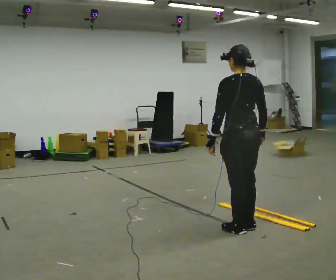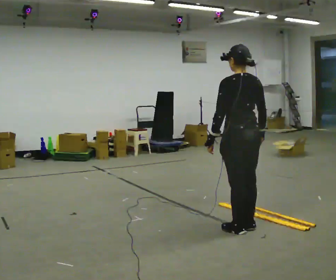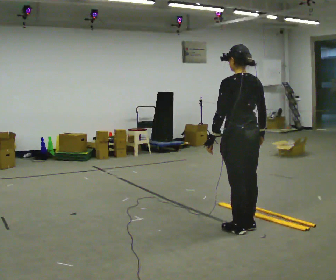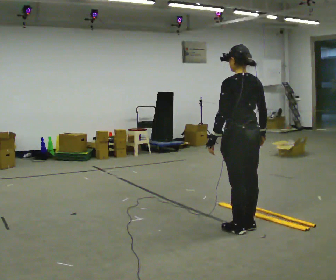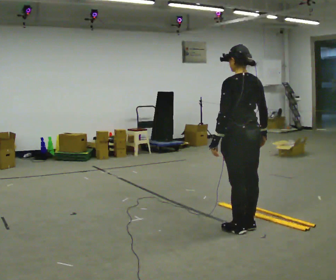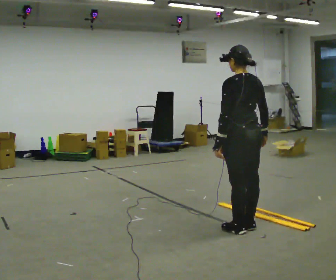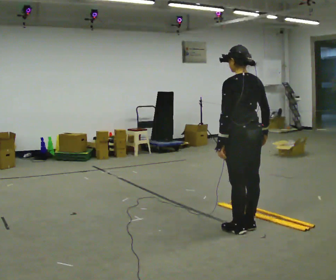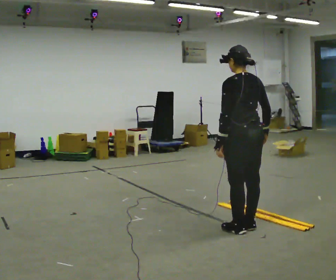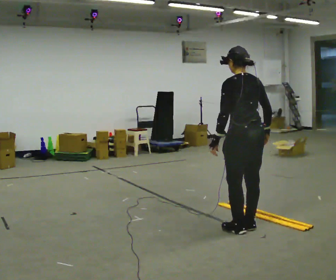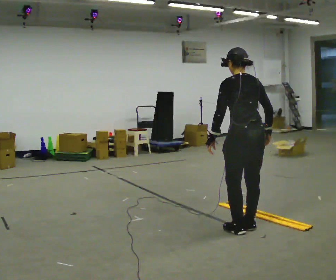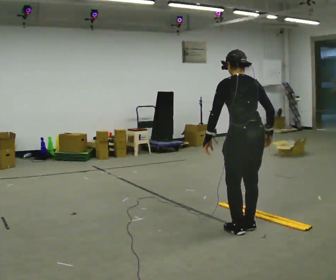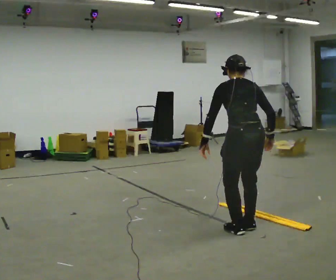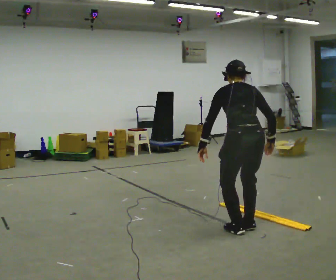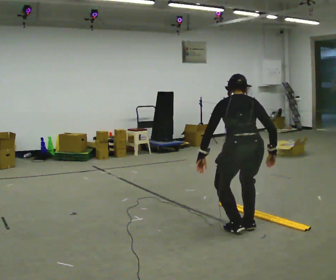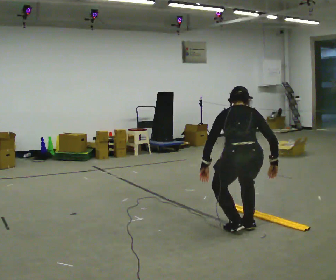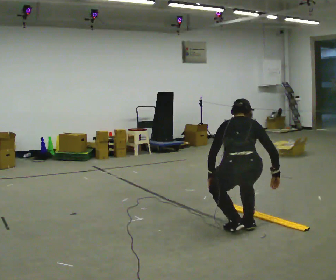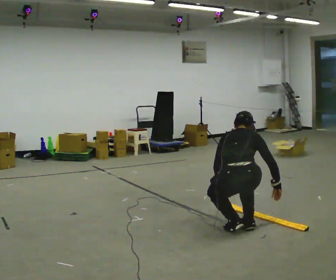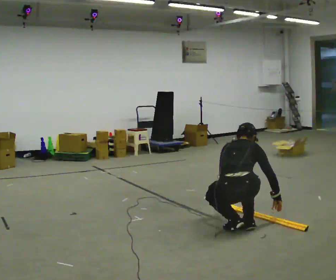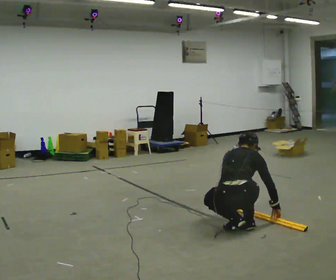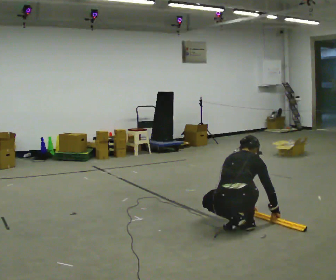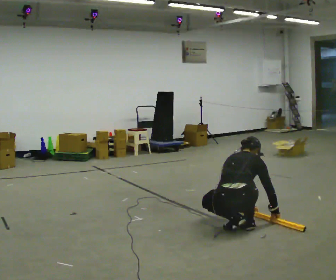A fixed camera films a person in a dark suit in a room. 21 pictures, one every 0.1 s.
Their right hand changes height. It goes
downward.
The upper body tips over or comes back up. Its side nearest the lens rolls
upward.
0.0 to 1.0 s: The person moves a little, or ends about where they began.
1.0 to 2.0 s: Seen from above the body turns clockwise, about 45 degrees: to their right, with its near side sliding to the left. The upper body goes downward. The upper body tips away from the camera, its near side rolling upward, as they bend forward. In the picture their left hand goes downward and to the right.
The film runs backward here.
